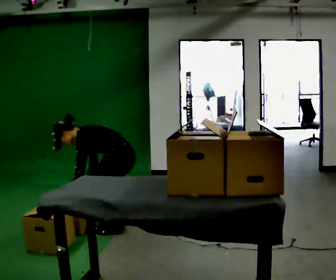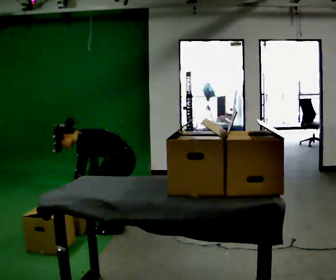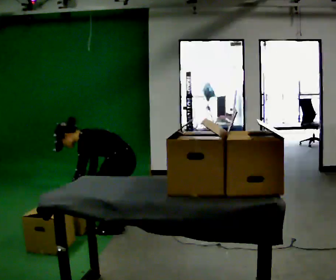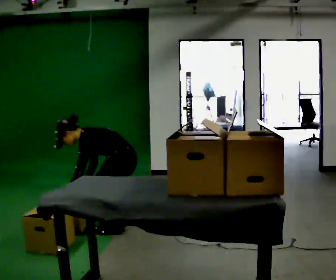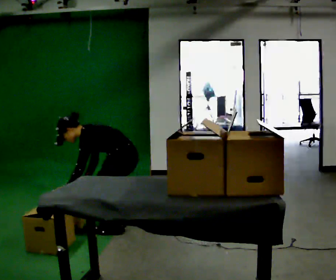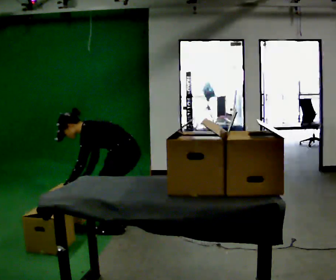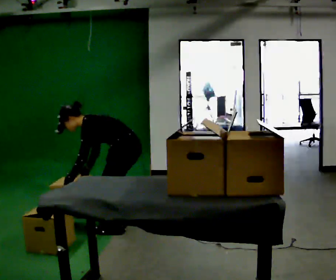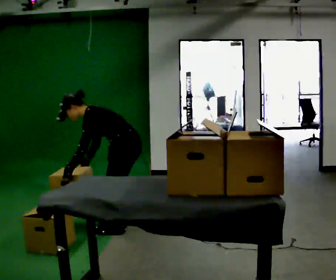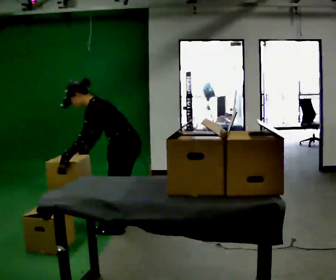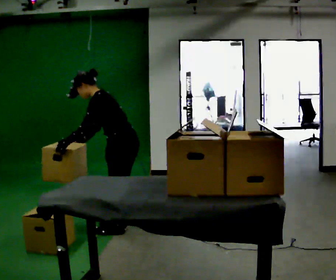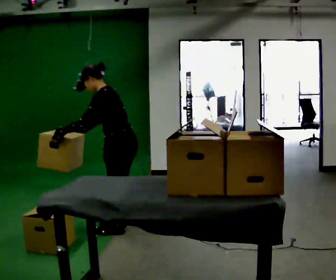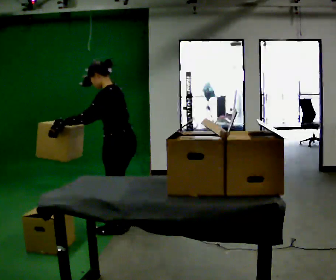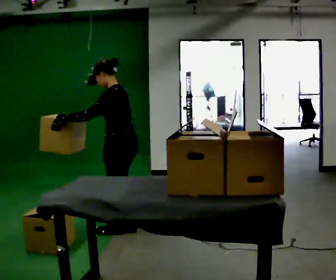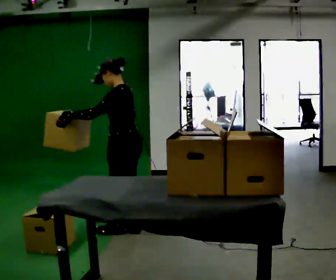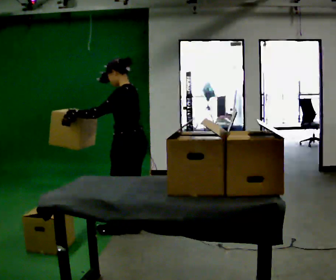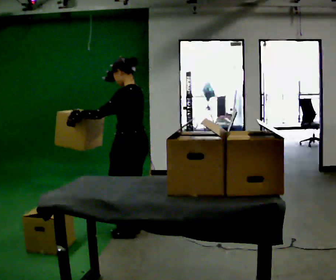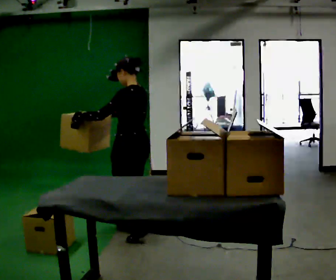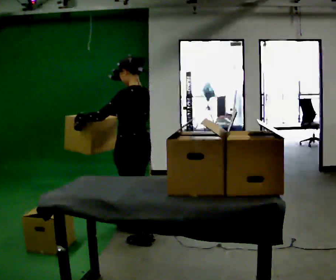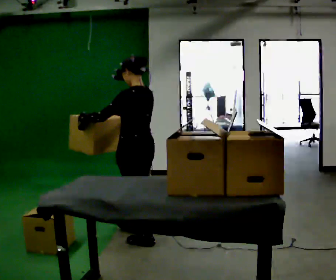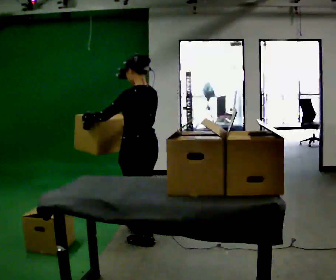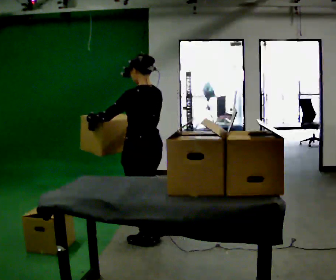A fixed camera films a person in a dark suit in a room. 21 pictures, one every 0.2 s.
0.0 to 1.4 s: The person moves a little, or ends about where they began.
1.4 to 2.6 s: The shoulders move upward. In the picture the upper body tilts clockwise, shoulders to the right, as they lean back or straighten. In the picture their left hand goes upward.
2.6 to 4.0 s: The part of the body nearest the lens slides to the left as the person turns to their right by about 30 degrees. In the picture they go toward the camera and to the right, about 0.25 m in 2 steps, which for them is backward and to their left.
The film runs backward here.
